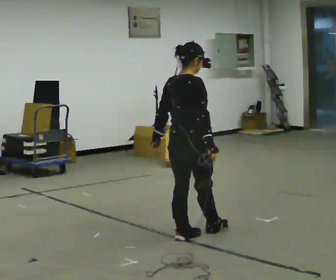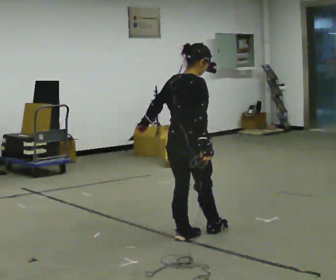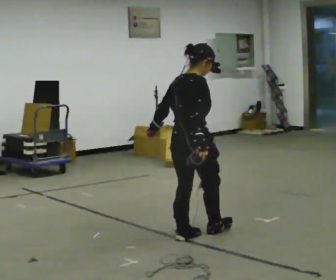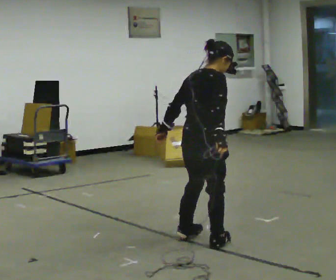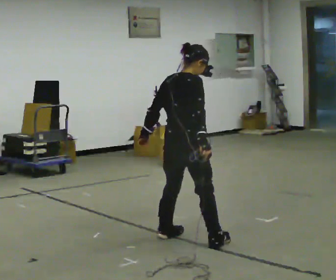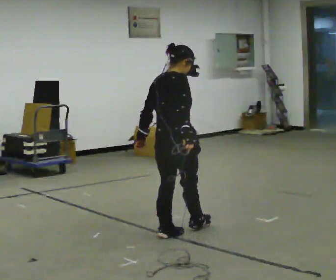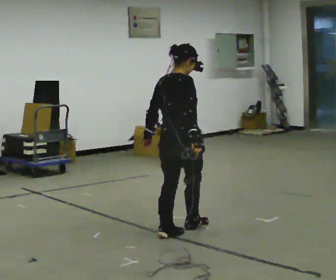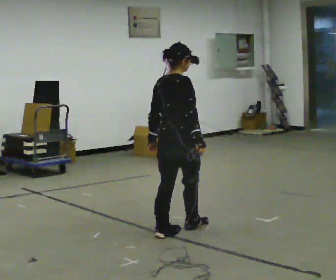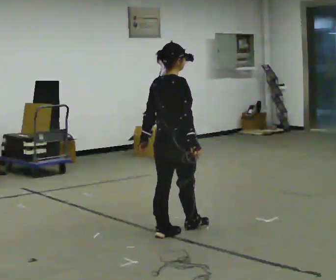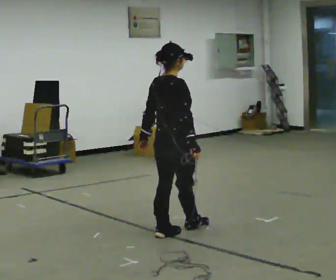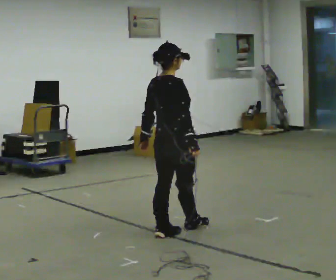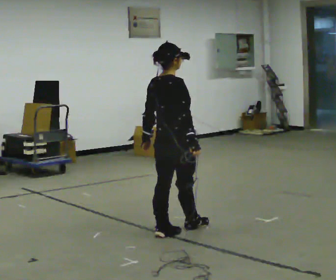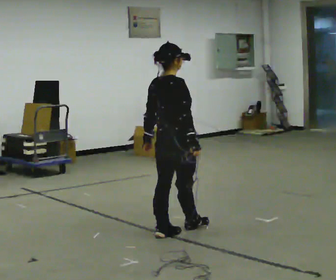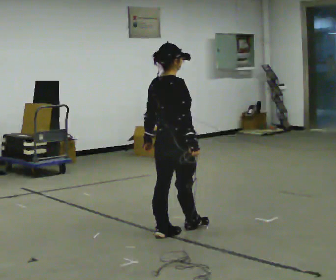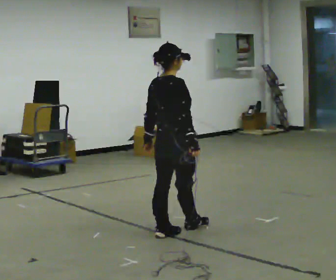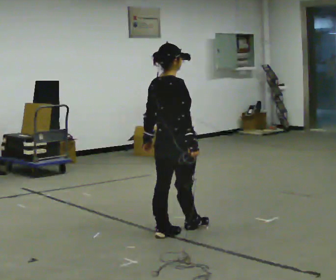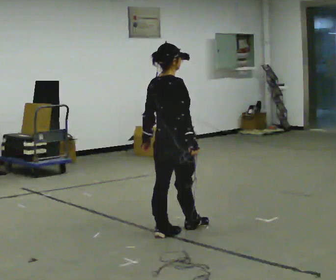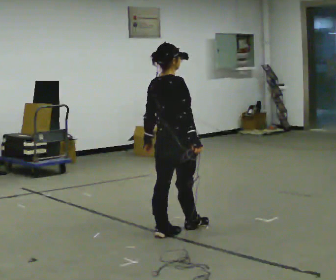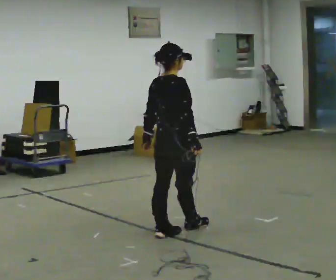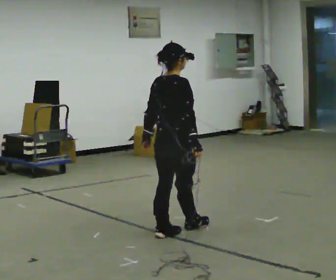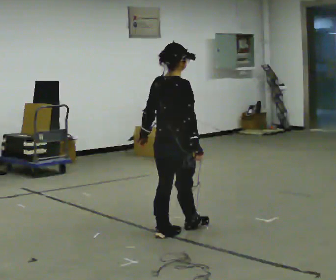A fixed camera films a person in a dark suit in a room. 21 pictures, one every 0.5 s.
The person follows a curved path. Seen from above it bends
clockwise.
0.0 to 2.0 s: The person moves a little, or ends about where they began.
2.0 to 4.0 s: In the picture they go away from the camera, about 0.25 m in 1 step, which for them is to their left.
4.0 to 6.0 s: The person moves a little, or ends about where they began.
6.0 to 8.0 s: The person keeps their place and pose.
8.0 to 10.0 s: The person moves a little, or ends about where they began.
The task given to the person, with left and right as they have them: Stand with one foot directly in front of the other, heel to toe, on the marked line. Hold your balance until you lose it, then step out. Repeat at your own pace until the operator says stop. Go slowly and only as far as you are comfortable. Step whenever you need to; do not try to hold on longer than feels safe.
The film runs forward here.
